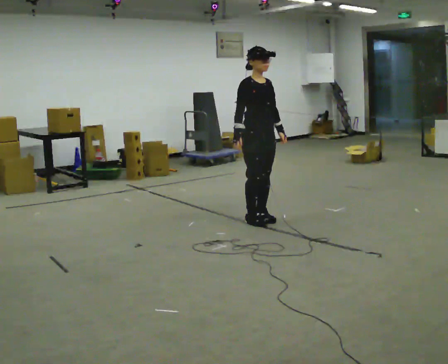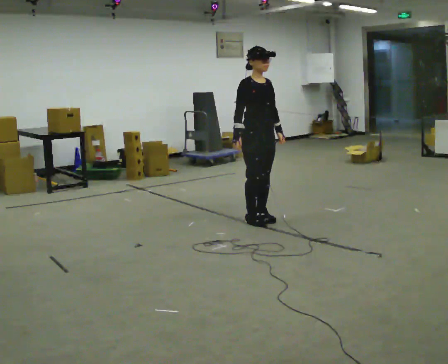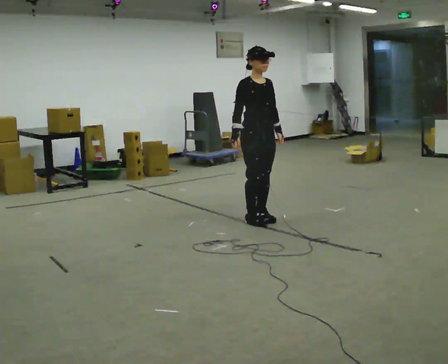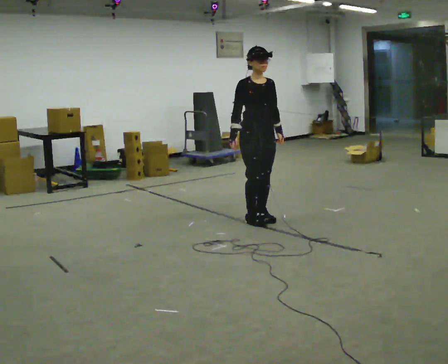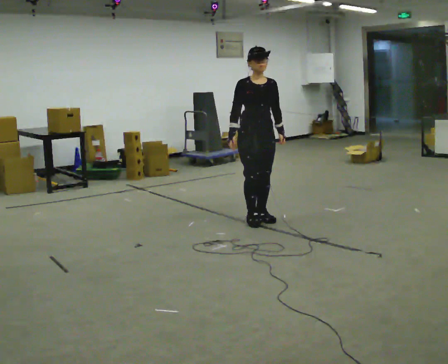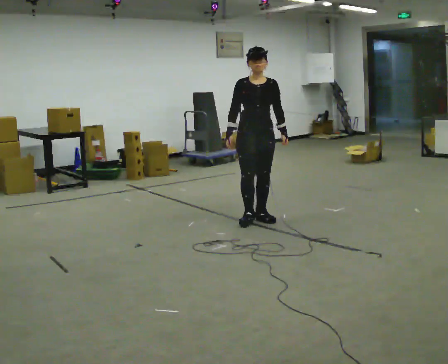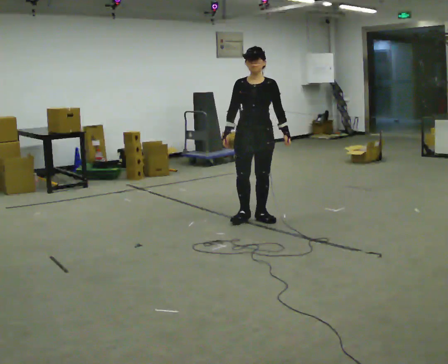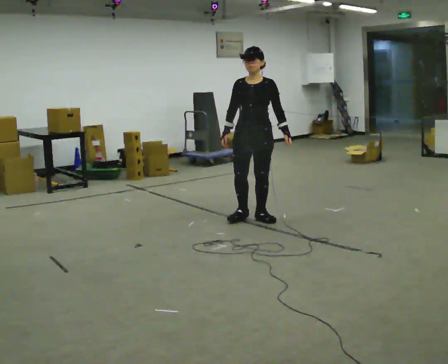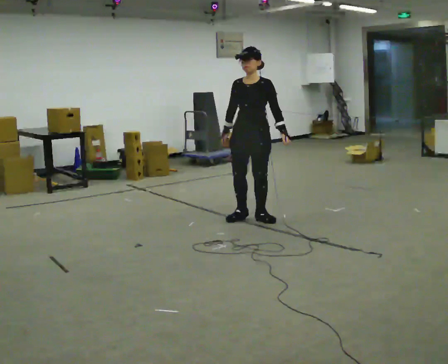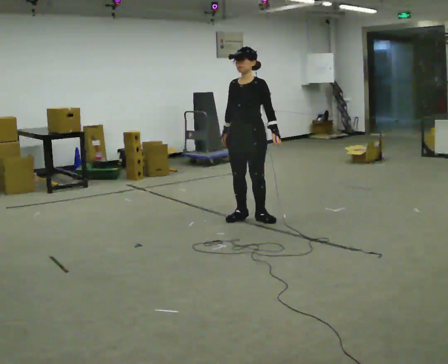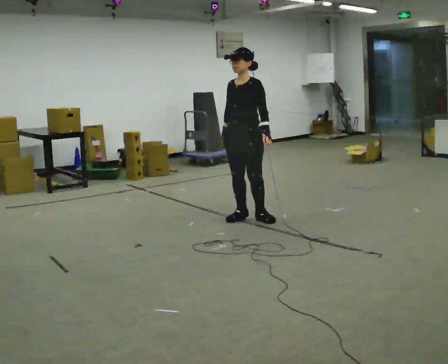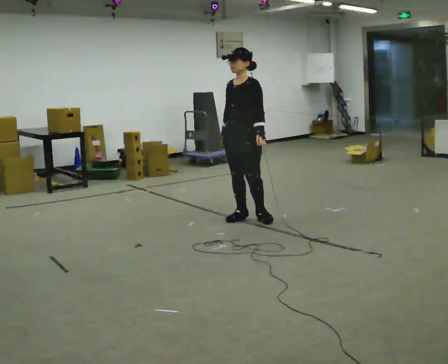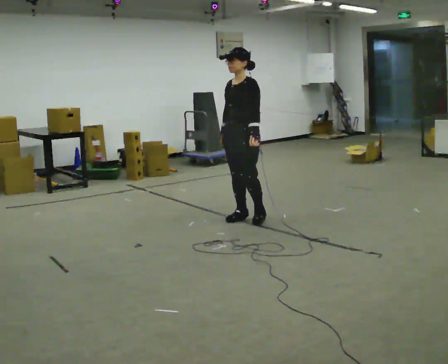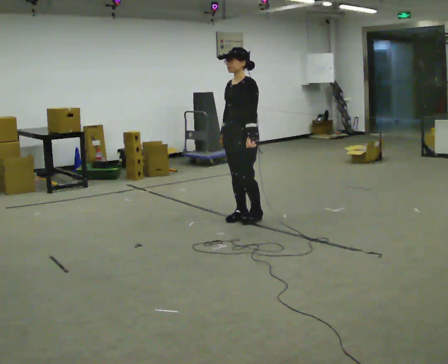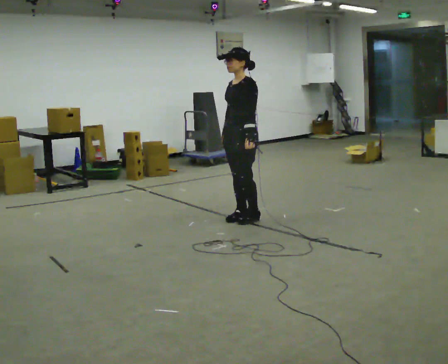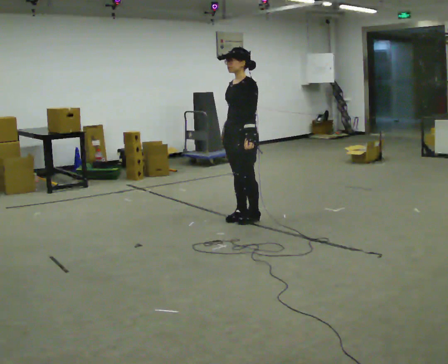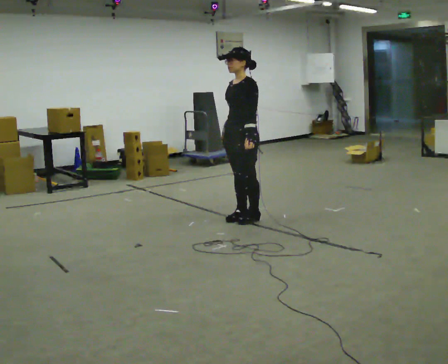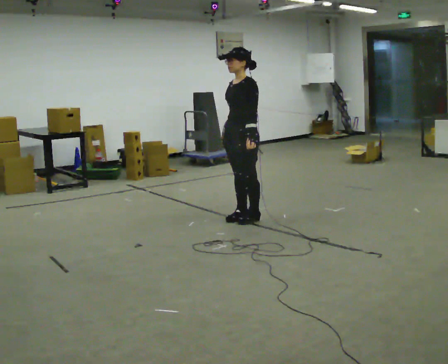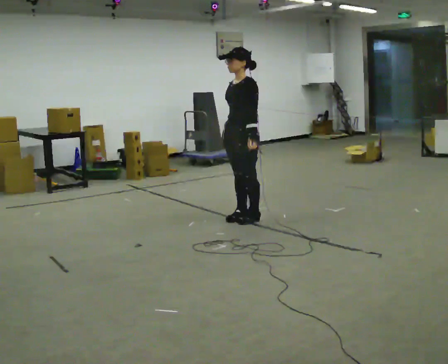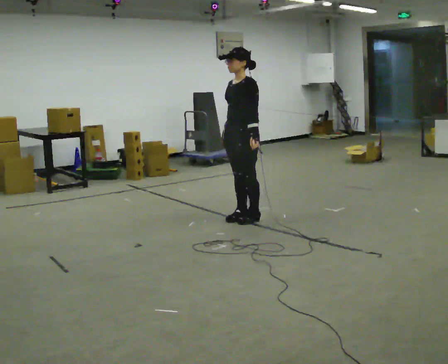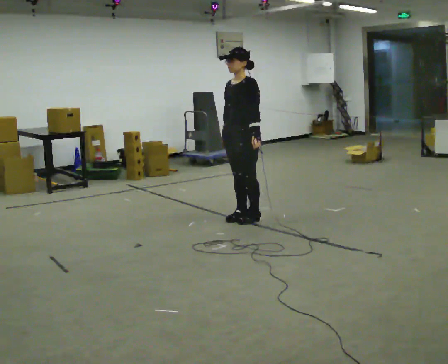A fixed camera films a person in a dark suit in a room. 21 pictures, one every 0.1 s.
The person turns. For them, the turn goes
to their right.
The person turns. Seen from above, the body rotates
clockwise.
0.0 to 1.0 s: The person turns about 75 degrees to their right, clockwise seen from above, so the part of the body nearest the lens slides to the left.
1.0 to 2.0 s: The person moves a little, or ends about where they began.
The film runs forward here.
